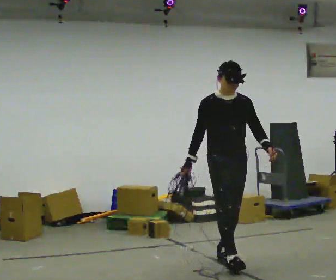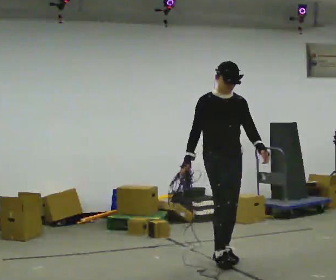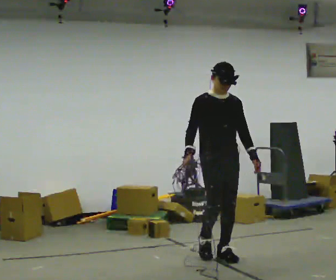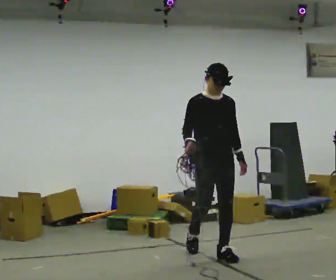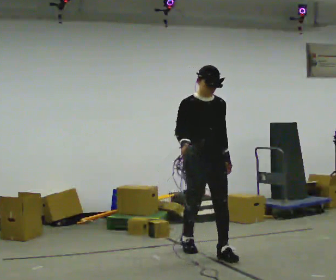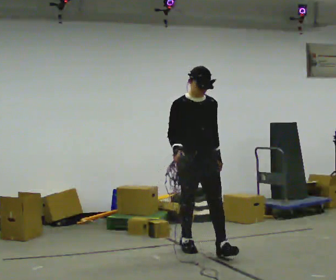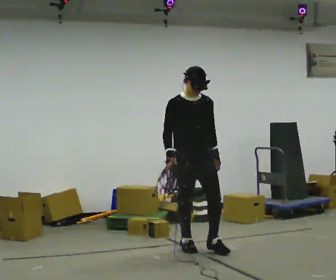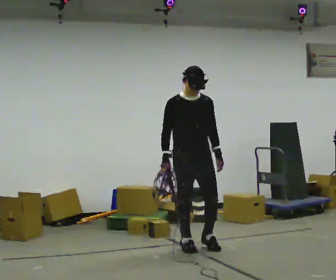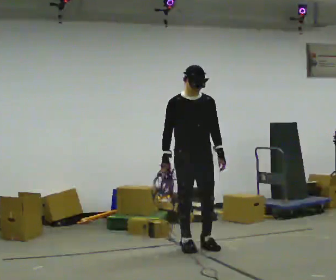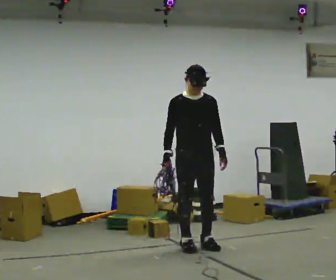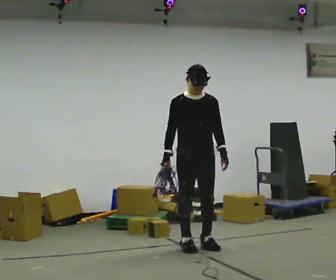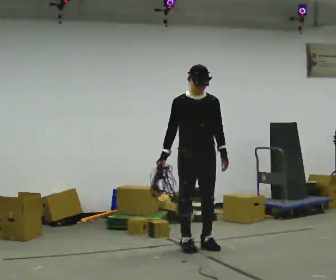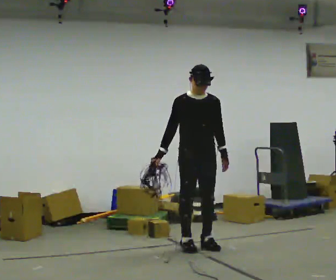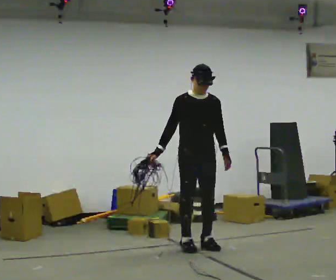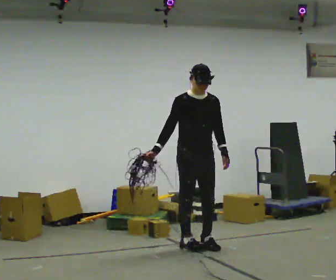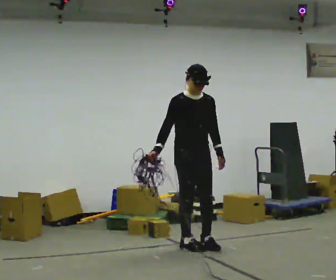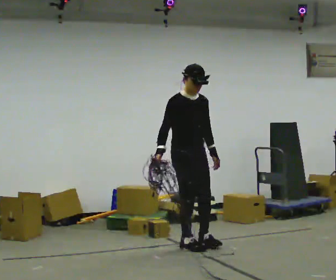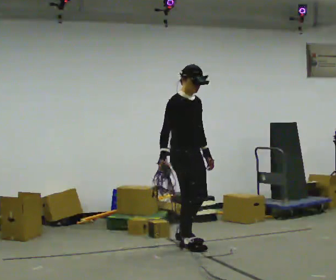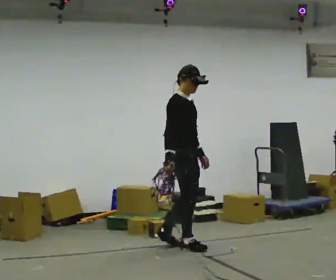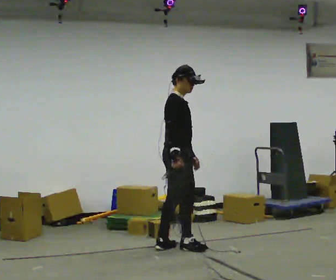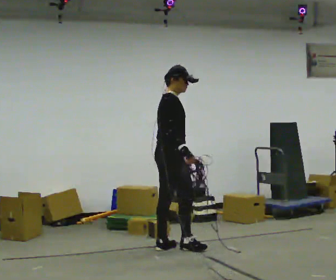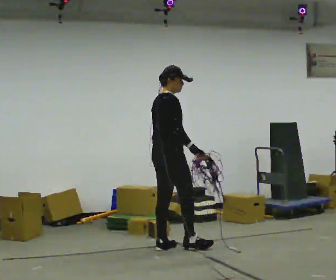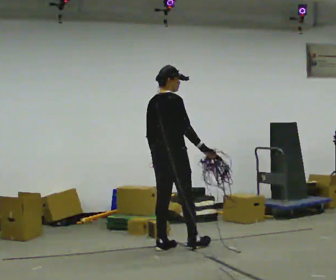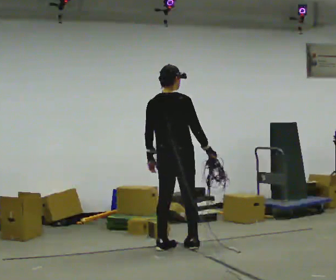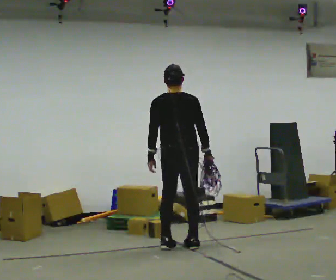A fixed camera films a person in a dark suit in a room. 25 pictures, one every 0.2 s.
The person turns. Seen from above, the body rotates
counterclockwise.
The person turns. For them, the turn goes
to their left.
0.0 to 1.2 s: In the picture they go away from the camera and to the left, about 0.5 m in 2 steps, which for them is backward.
1.2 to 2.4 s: The person moves a little, or ends about where they began.
2.4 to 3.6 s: Seen from above the body turns counterclockwise, about 60 degrees: to their left, with its near side sliding to the right. In the picture they go to the left, about 0.25 m in 1 step, which for them is to their right.
3.6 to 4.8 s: The person turns about 90 degrees to their left, counterclockwise seen from above, so the part of the body nearest the lens slides to the right.
The film runs backward here.
